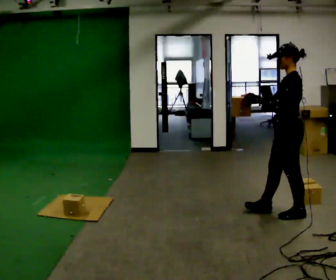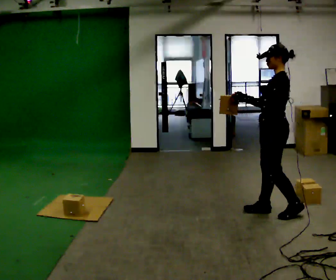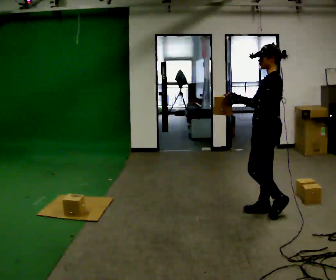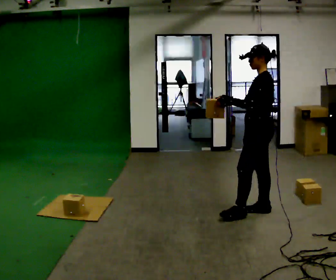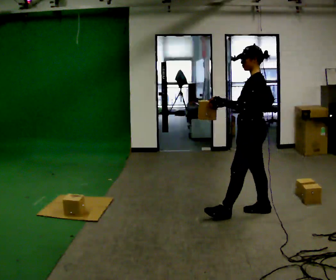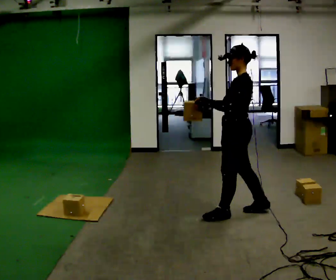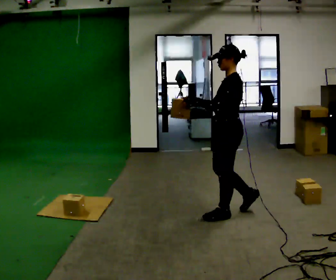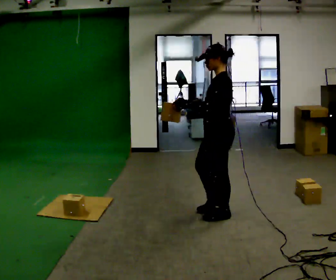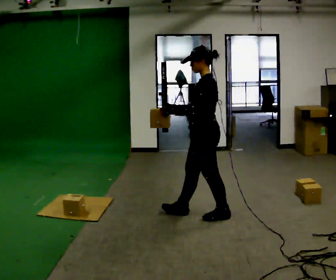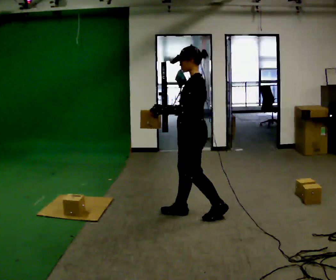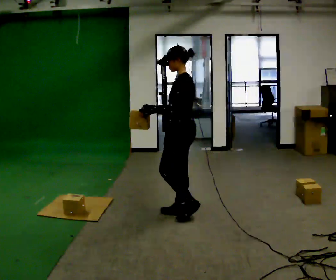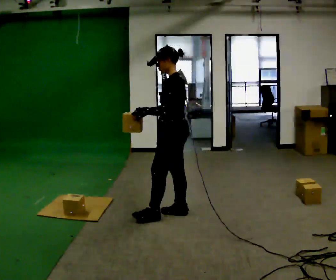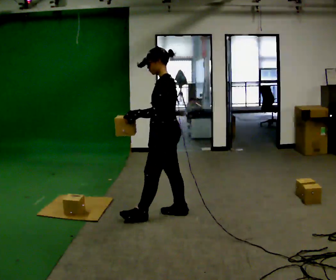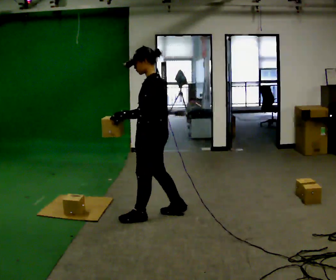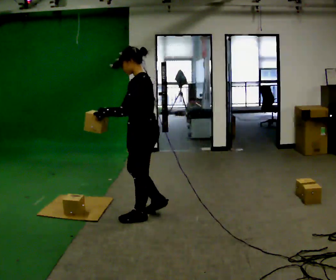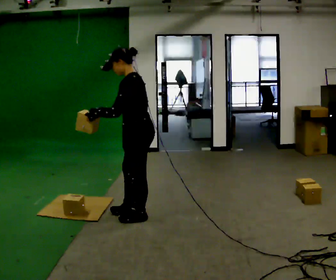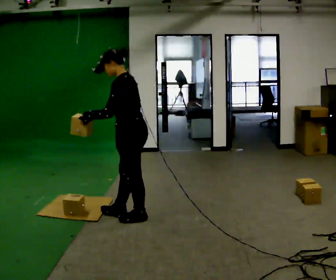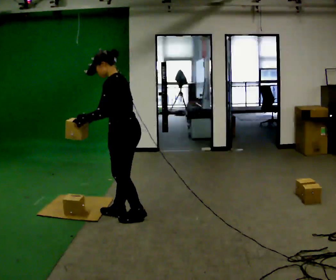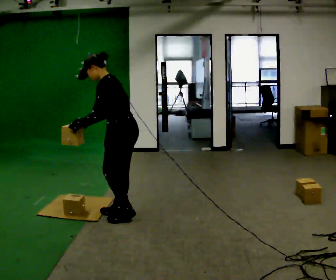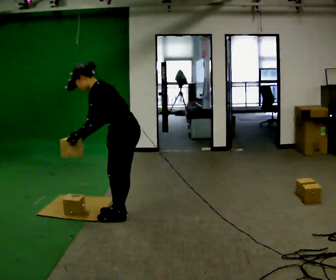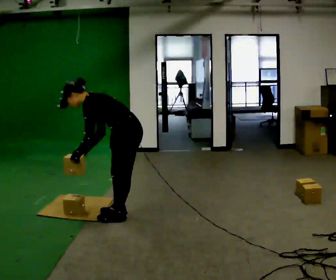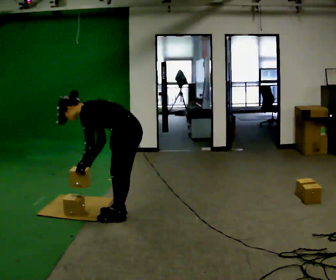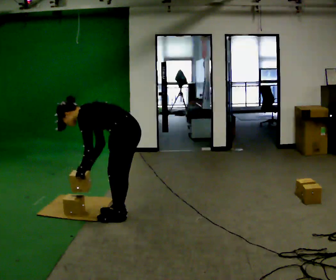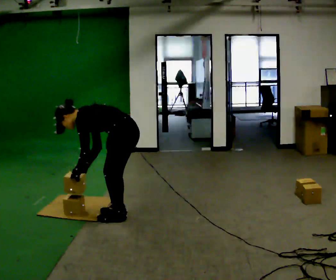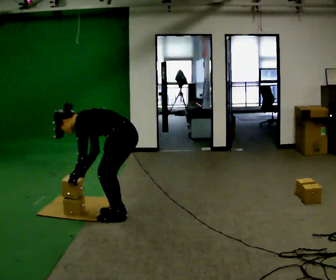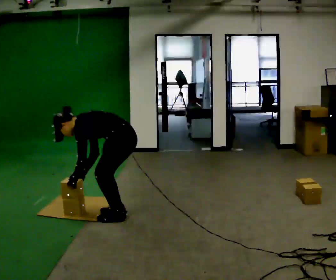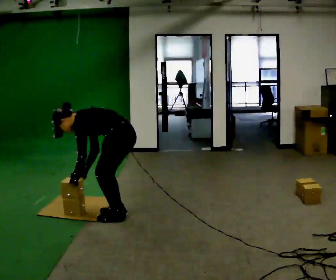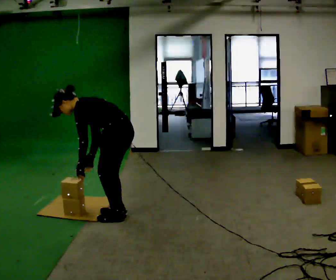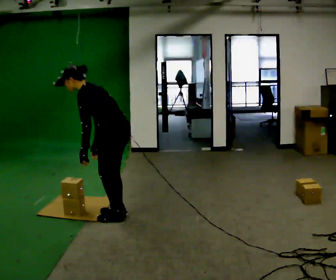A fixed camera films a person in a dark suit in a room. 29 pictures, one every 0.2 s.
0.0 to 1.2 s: In the picture they go to the left, about 0.5 m in 2 steps, which for them is forward.
1.2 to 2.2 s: In the picture they go to the left, about 0.5 m in 1 step, which for them is forward.
2.2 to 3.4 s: In the picture they go to the left, about 0.5 m in 2 steps, which for them is forward. In the picture the upper body tilts counterclockwise, shoulders to the left, as they bend forward.
3.4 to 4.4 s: The shoulders move downward. In the picture the upper body tilts counterclockwise, shoulders to the left, as they bend forward. In the picture their left hand goes downward.
4.4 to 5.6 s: In the picture the upper body tilts clockwise, shoulders to the right, as they lean back or straighten.
The film runs forward here.
